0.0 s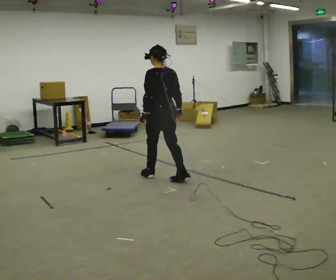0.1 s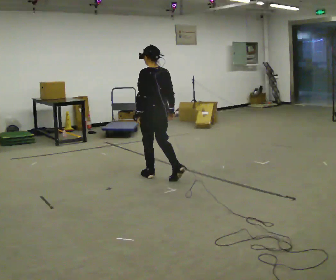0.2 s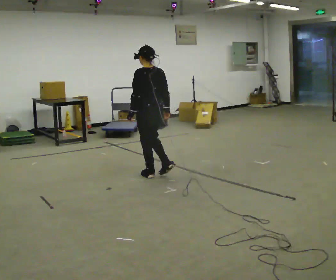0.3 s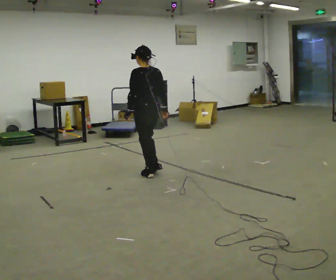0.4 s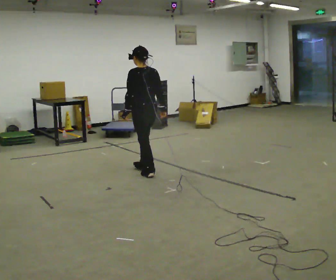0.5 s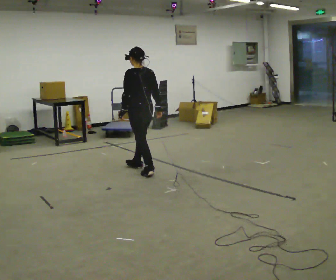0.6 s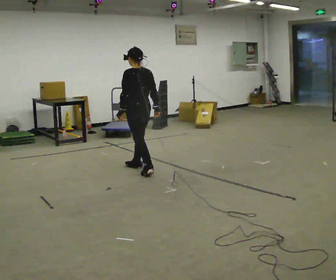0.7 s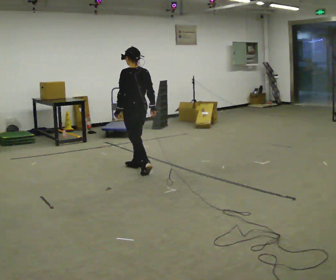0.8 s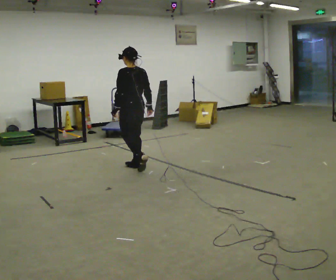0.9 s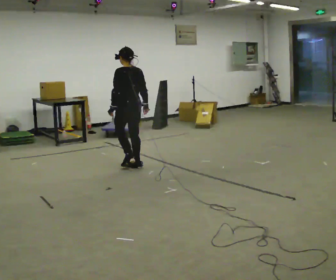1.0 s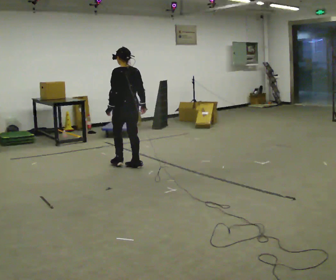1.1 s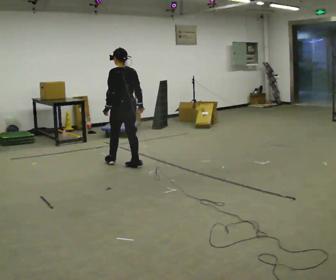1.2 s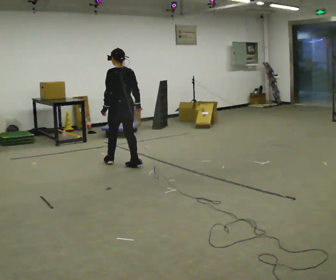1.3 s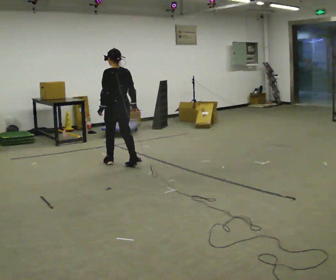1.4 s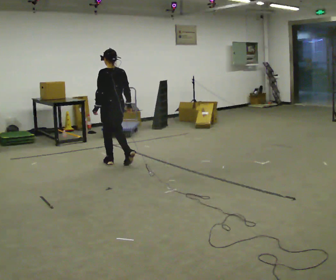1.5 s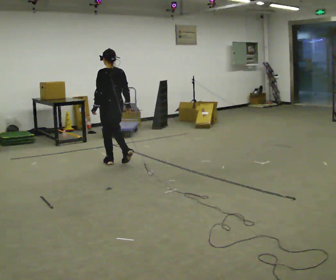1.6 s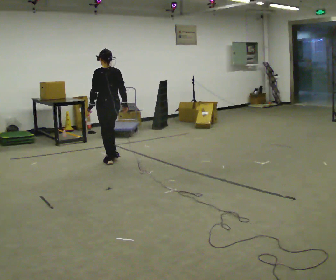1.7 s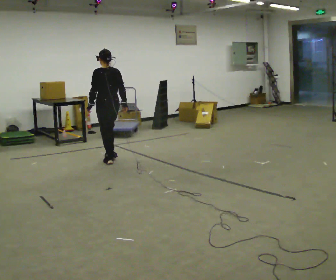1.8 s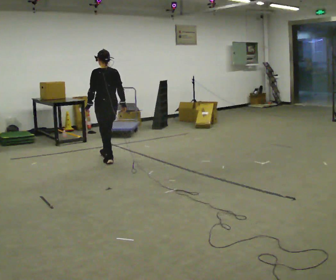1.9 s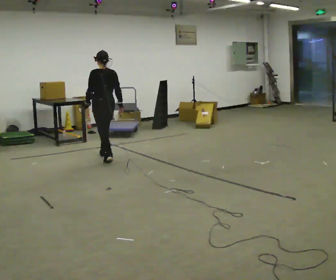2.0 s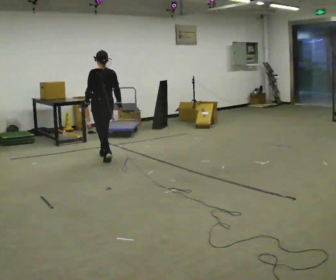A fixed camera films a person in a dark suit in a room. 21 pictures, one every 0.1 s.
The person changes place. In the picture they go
away from the camera.
0.0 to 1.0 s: In the picture they go away from the camera and to the left, about 0.5 m in 1 step, which for them is forward.
1.0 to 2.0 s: In the picture they go away from the camera and to the left, about 0.5 m in 2 steps, which for them is forward.
The film runs forward here.
